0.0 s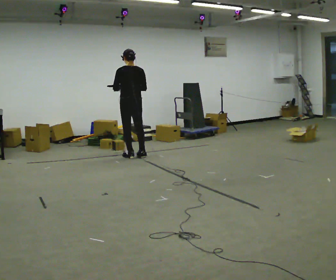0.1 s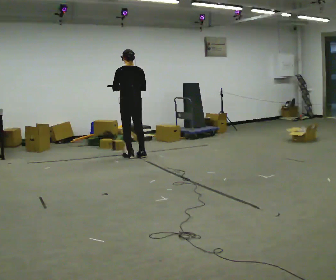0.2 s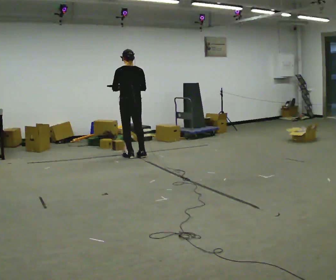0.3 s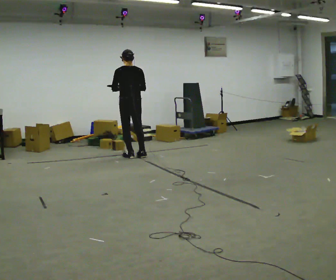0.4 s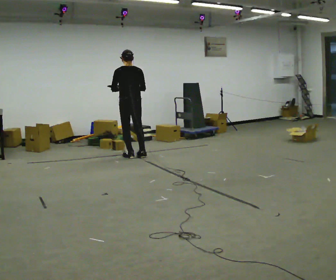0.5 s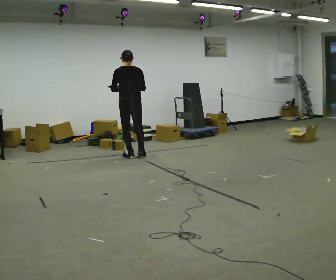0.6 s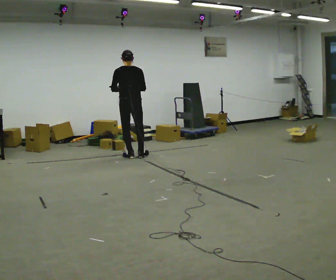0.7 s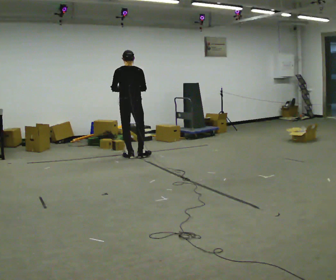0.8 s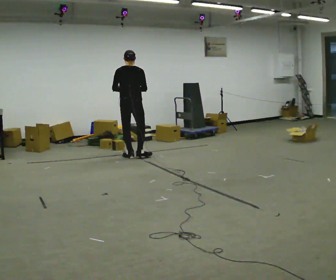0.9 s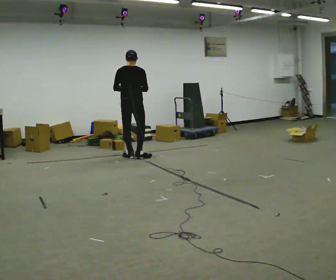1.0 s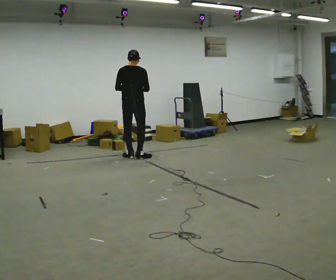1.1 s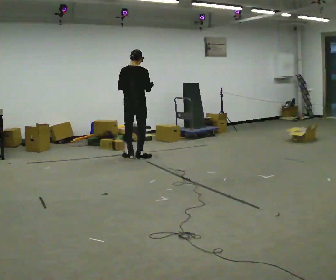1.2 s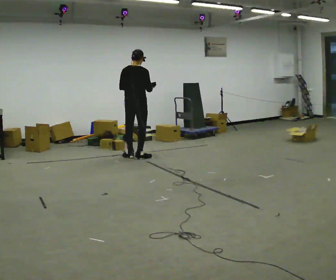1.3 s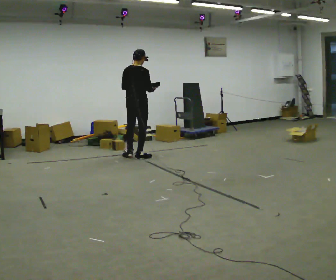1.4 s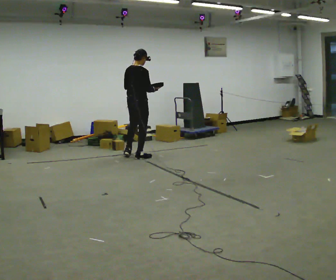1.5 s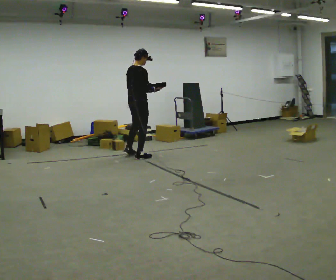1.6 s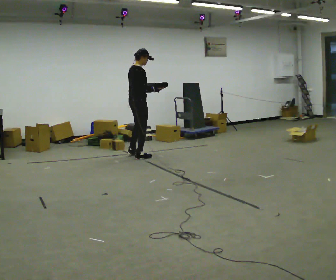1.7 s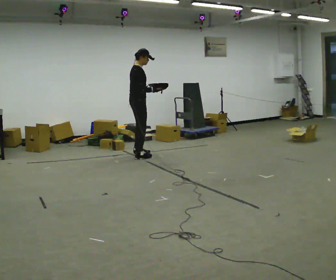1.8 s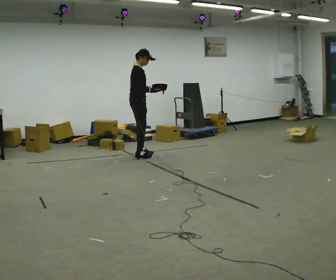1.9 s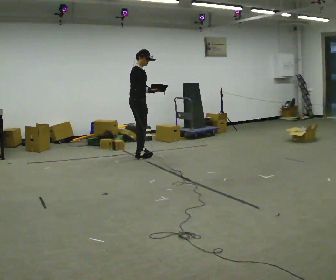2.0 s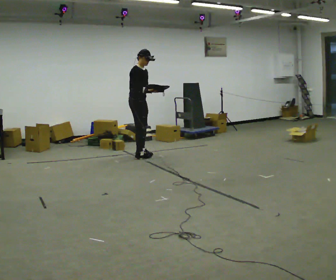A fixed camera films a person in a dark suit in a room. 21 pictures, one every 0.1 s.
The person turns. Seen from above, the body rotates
clockwise.
The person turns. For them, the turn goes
to their right.
0.0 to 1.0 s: The part of the body nearest the lens slides to the left as the person turns to their right by about 30 degrees.
1.0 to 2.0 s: Seen from above the body turns clockwise, about 105 degrees: to their right, with its near side sliding to the left. In the picture they go away from the camera, about 0.25 m in 1 step. In the picture their left hand goes to the right.
The film runs forward here.
